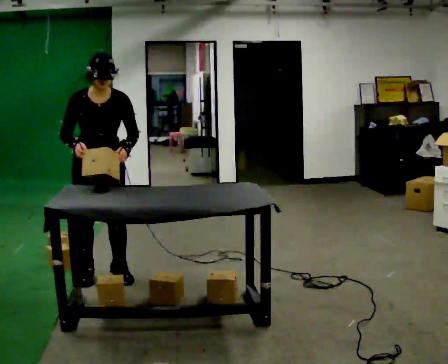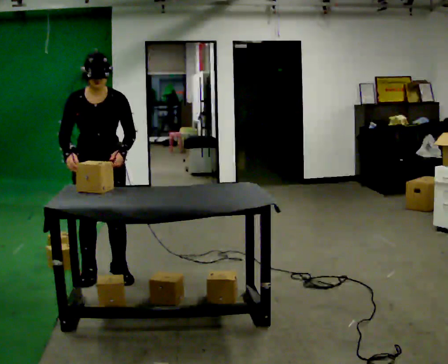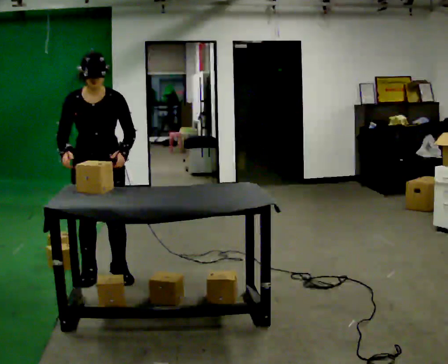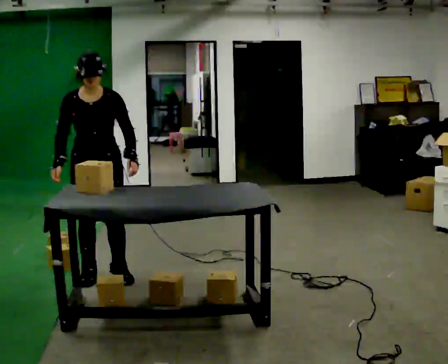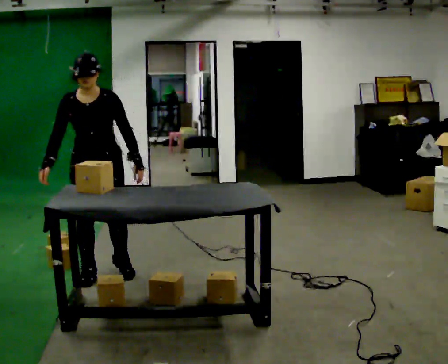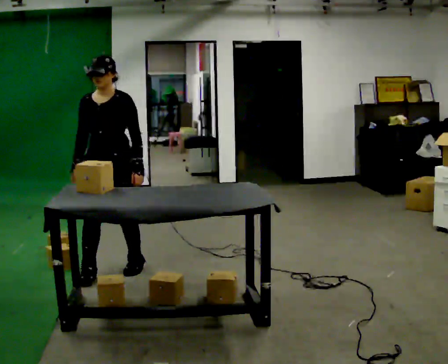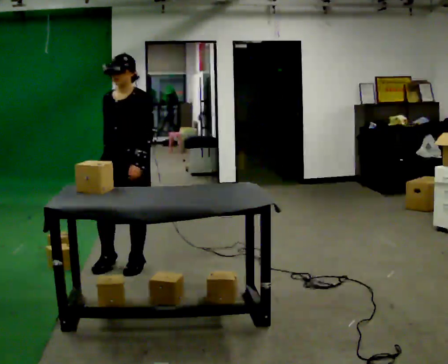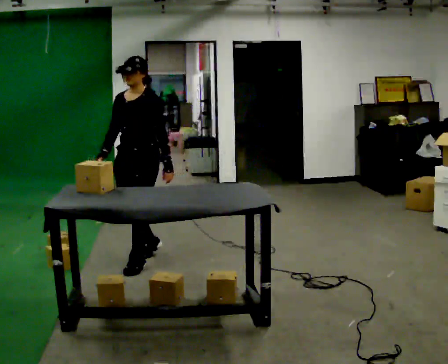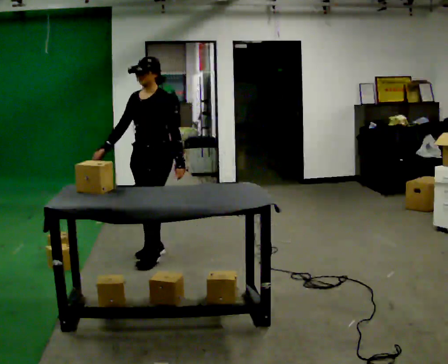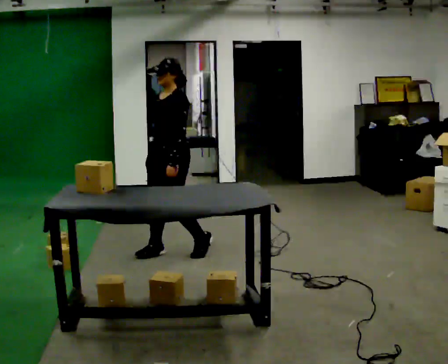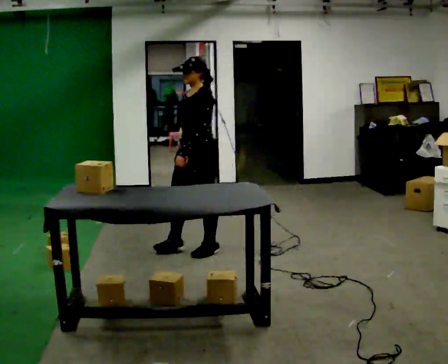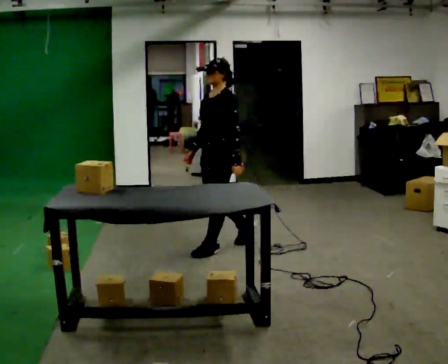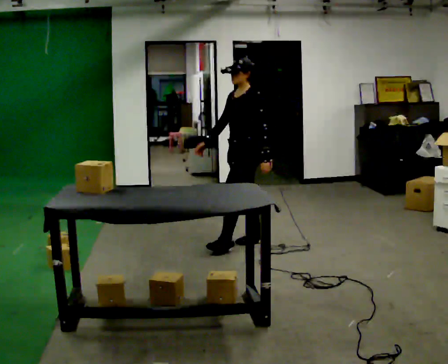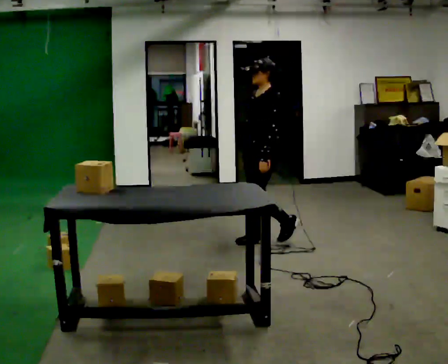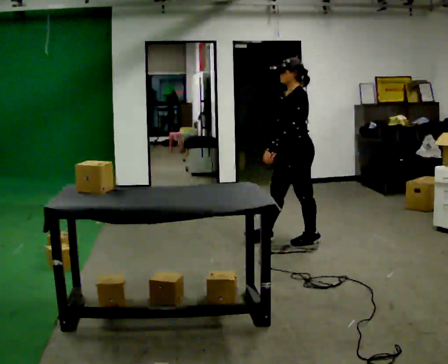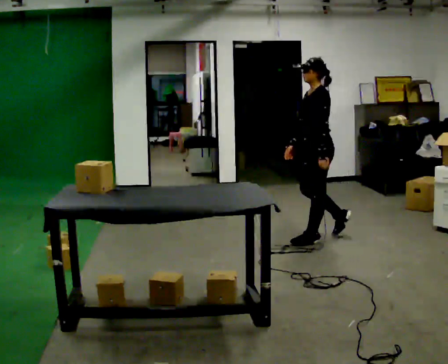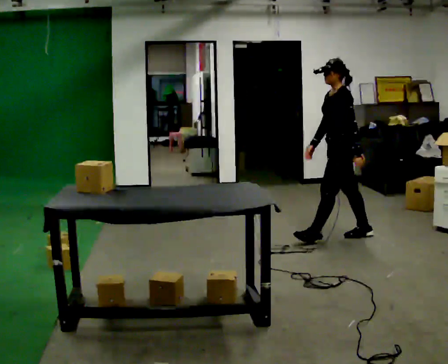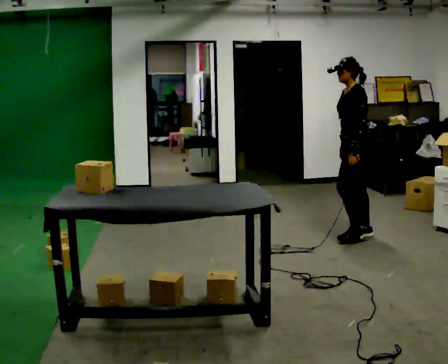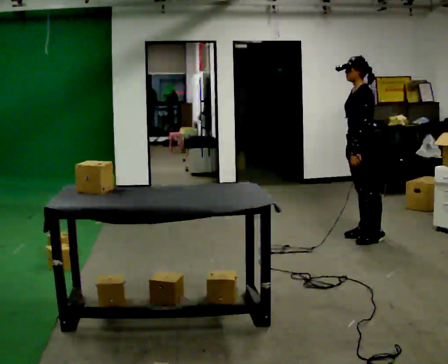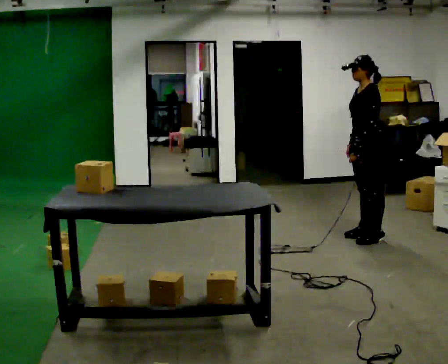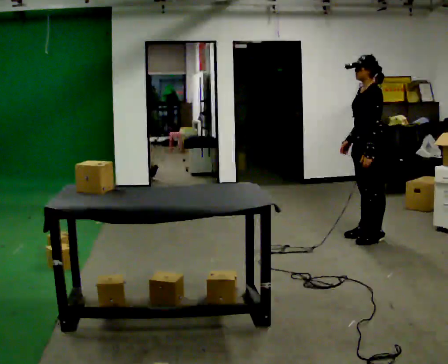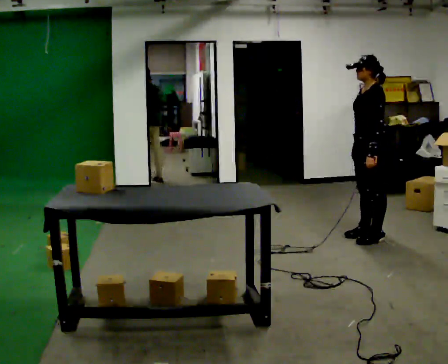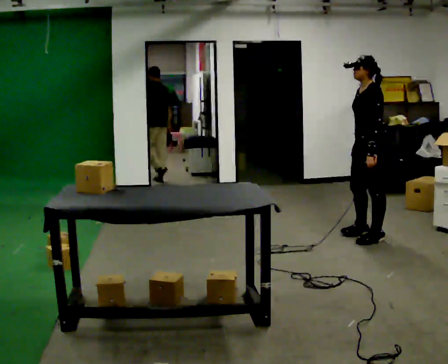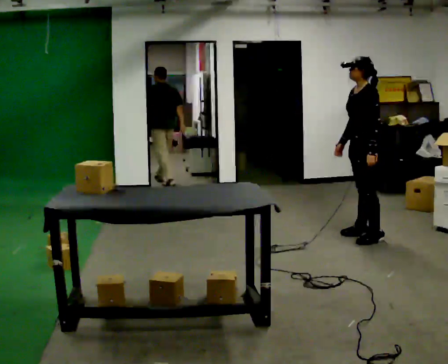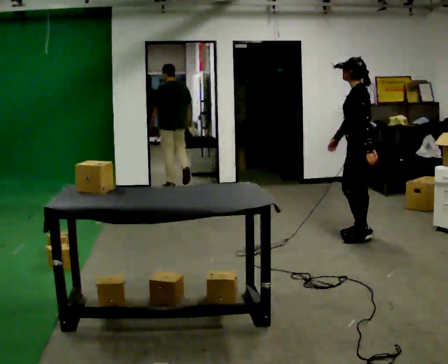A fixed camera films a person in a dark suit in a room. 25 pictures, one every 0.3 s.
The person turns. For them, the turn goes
to their right.
The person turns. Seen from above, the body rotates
clockwise.
0.0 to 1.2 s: The person moves a little, or ends about where they began.
1.2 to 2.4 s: The person turns about 45 degrees to their right, clockwise seen from above, so the part of the body nearest the lens slides to the left. In the picture they go away from the camera and to the right, about 0.5 m in 2 steps, which for them is backward.
2.4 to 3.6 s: The part of the body nearest the lens slides to the left as the person turns to their right by about 30 degrees. In the picture they go to the right and away from the camera, about 1 m in 2 steps, which for them is backward.
3.6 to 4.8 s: In the picture they go to the right, about 1 m in 1 step, which for them is backward.
4.8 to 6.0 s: In the picture they go to the right, about 0.25 m in 1 step, which for them is backward.
6.0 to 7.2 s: The person moves a little, or ends about where they began.
The film runs backward here.
